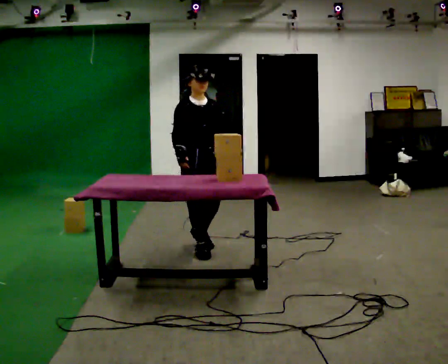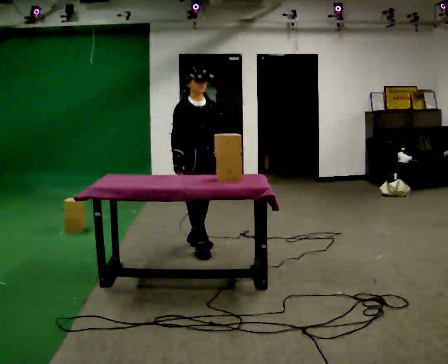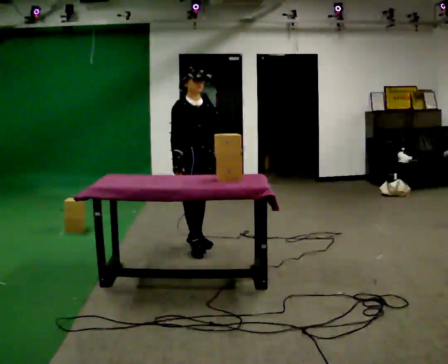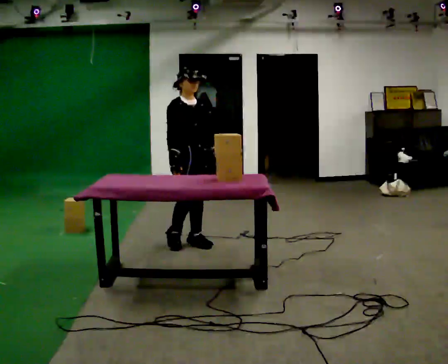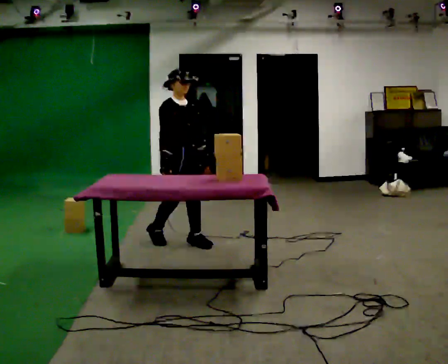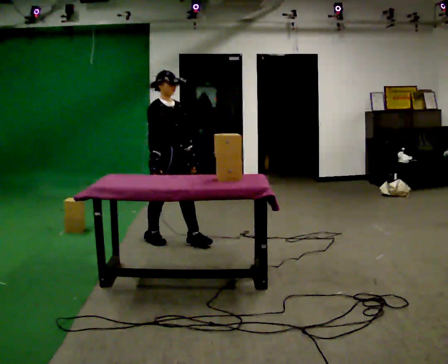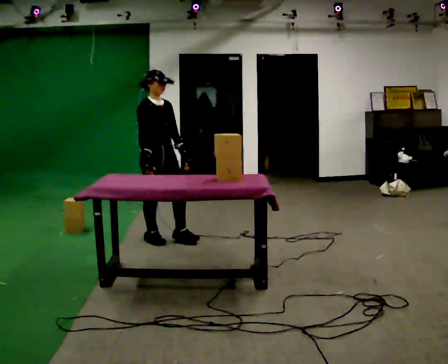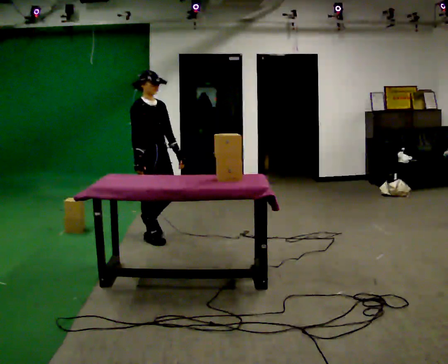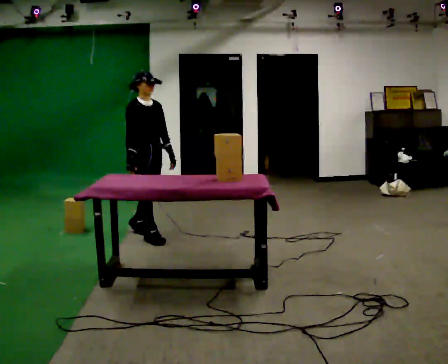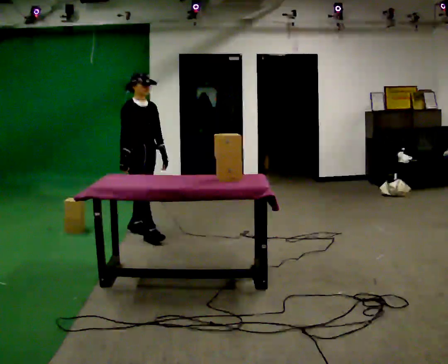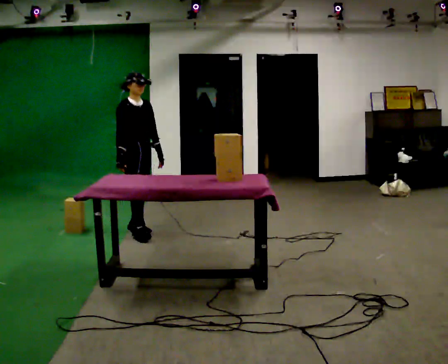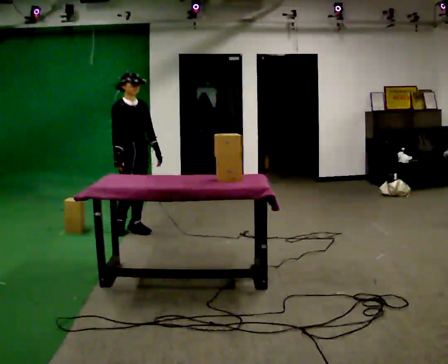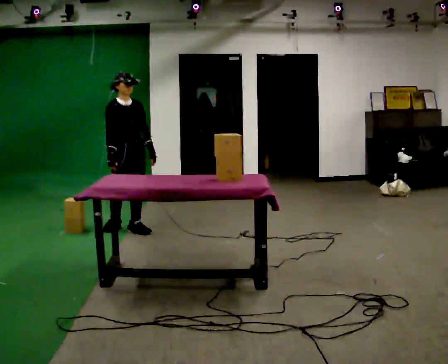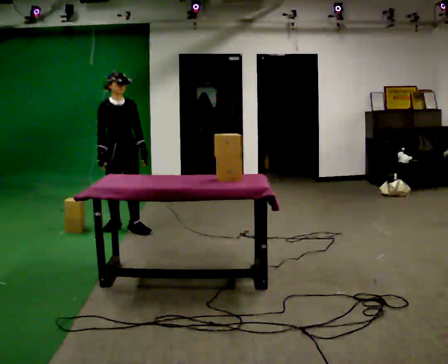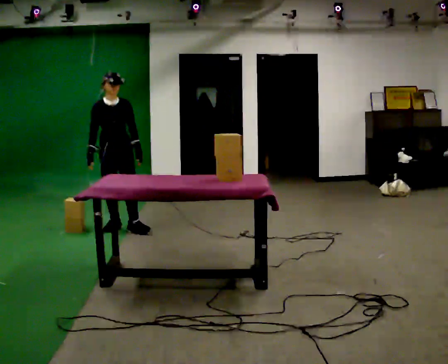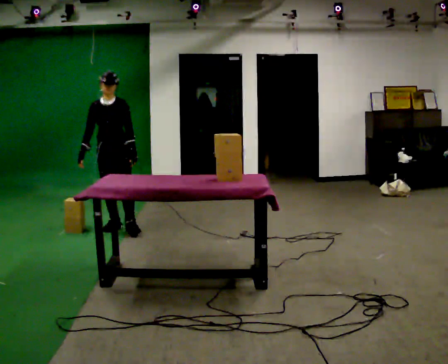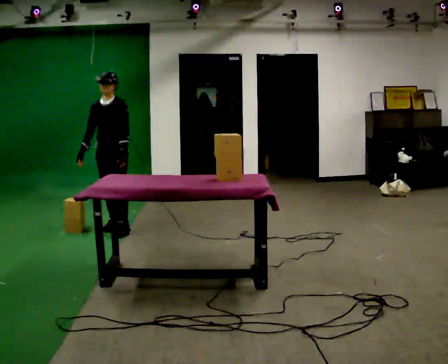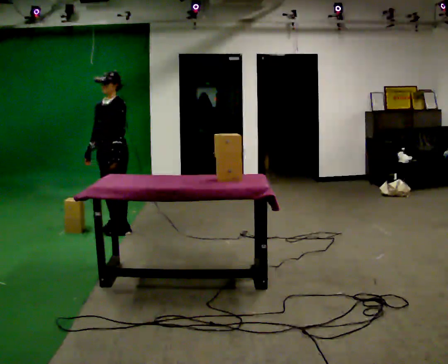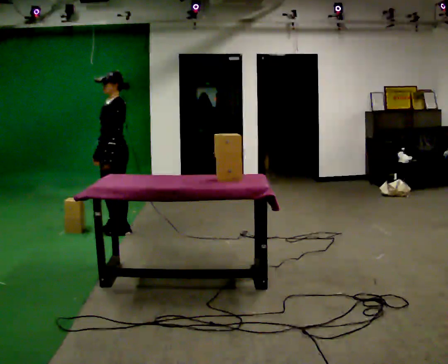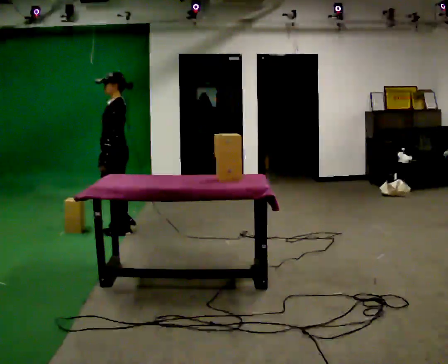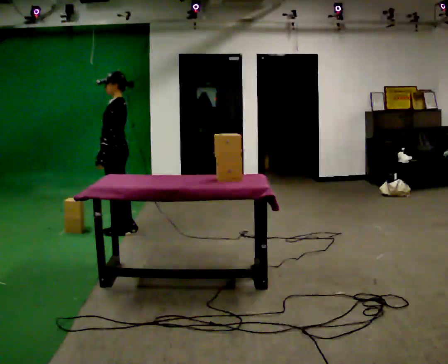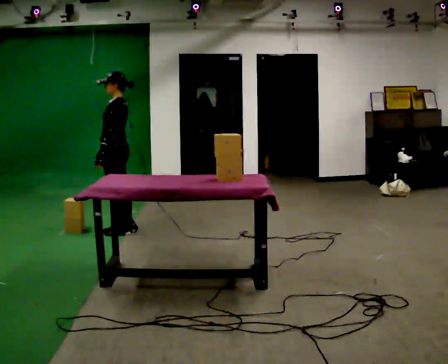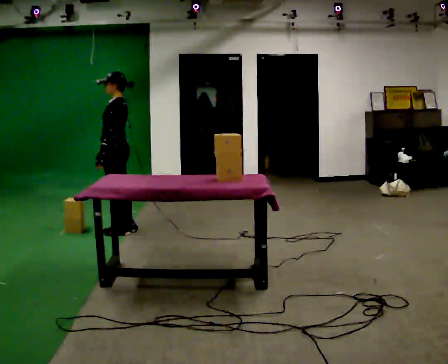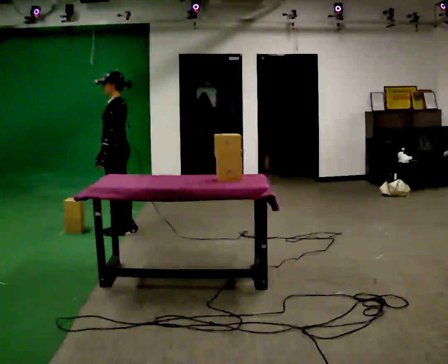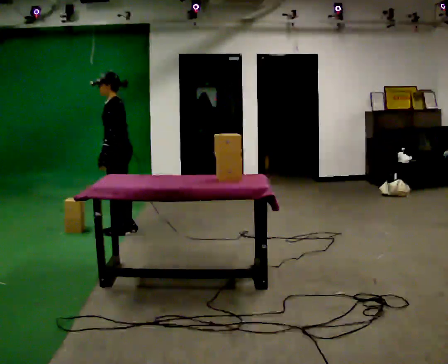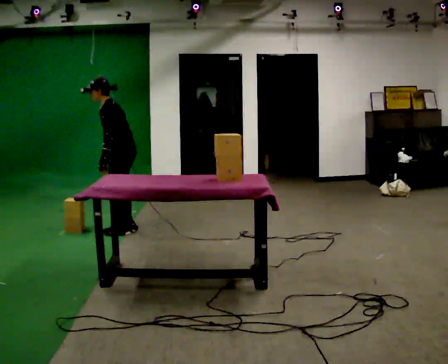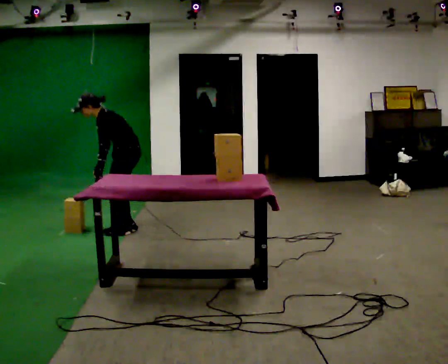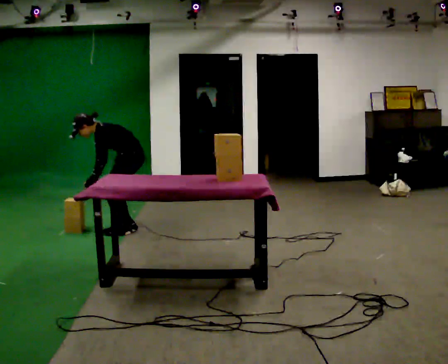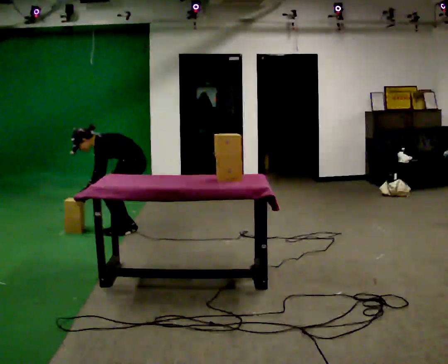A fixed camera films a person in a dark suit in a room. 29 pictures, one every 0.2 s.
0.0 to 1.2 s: In the picture they go away from the camera and to the left, about 0.5 m in 2 steps, which for them is backward.
1.2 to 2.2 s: In the picture they go away from the camera and to the left, about 0.5 m in 1 step, which for them is backward.
2.2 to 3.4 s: The part of the body nearest the lens slides to the left as the person turns to their right by about 75 degrees. In the picture they go to the left, about 0.25 m.
3.4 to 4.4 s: The part of the body nearest the lens slides to the left as the person turns to their right by about 45 degrees.
4.4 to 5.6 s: In the picture they go to the right, about 0.25 m, which for them is backward. The shoulders move downward. In the picture the upper body tilts counterclockwise, shoulders to the left, as they bend forward. In the picture their right hand goes downward.
The film runs backward here.
